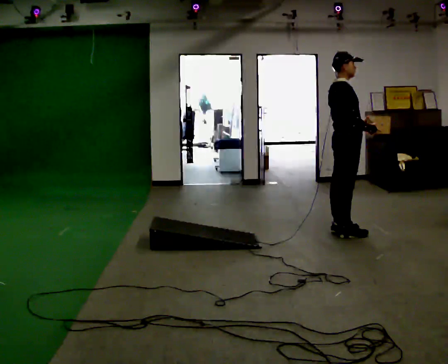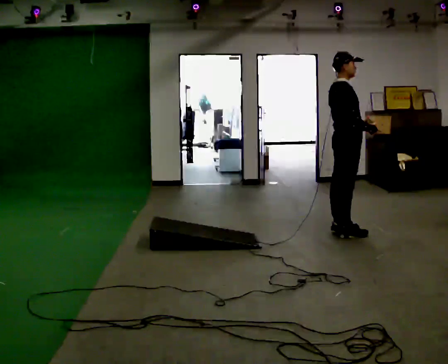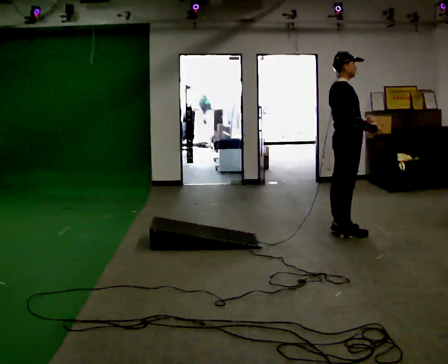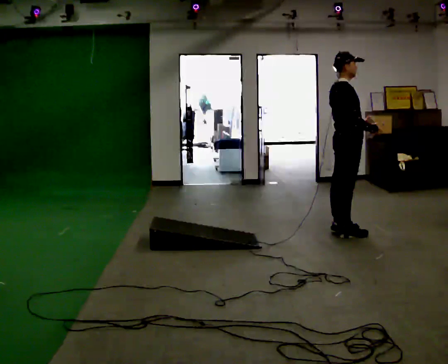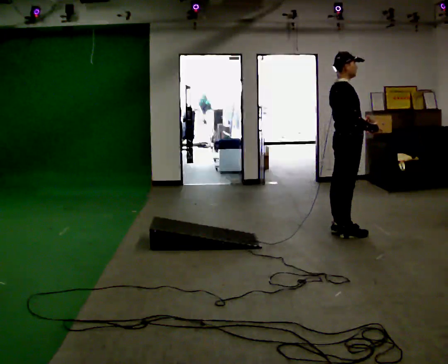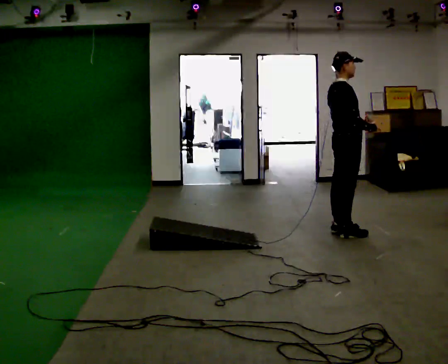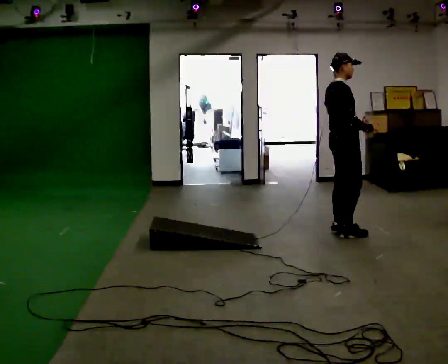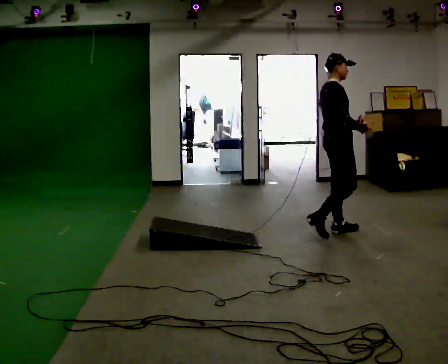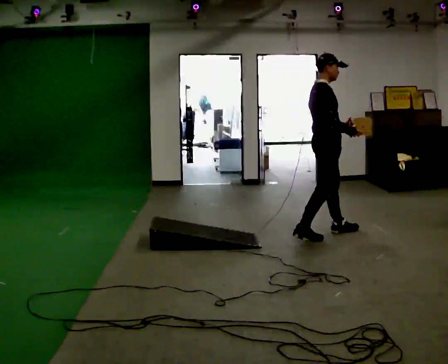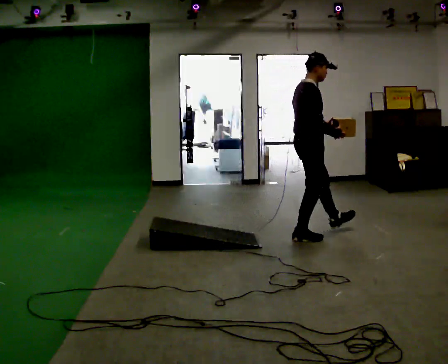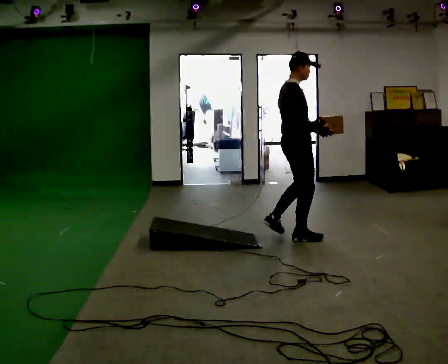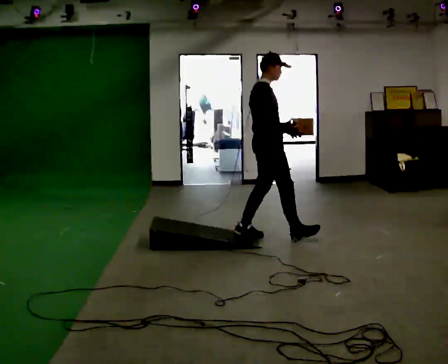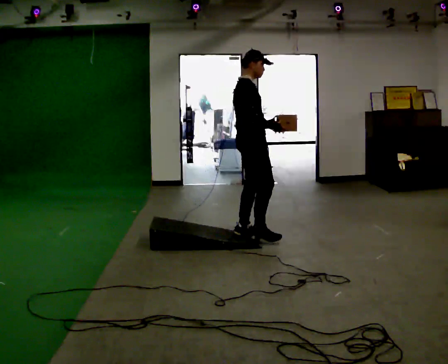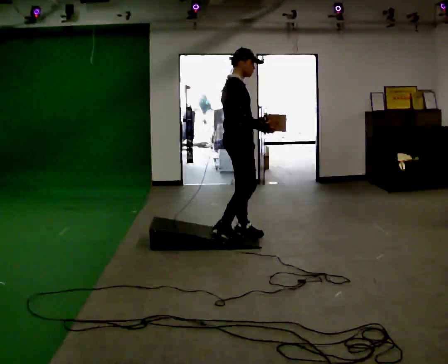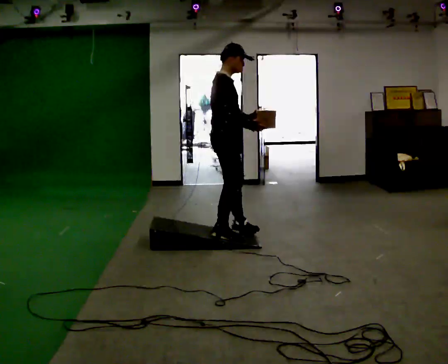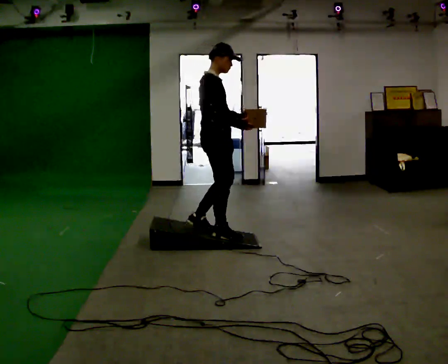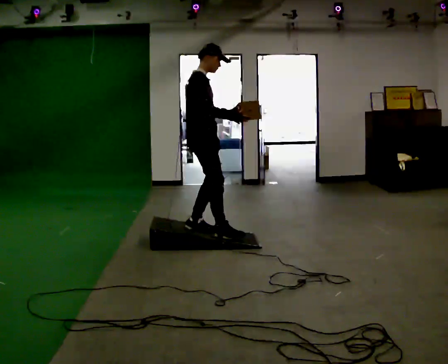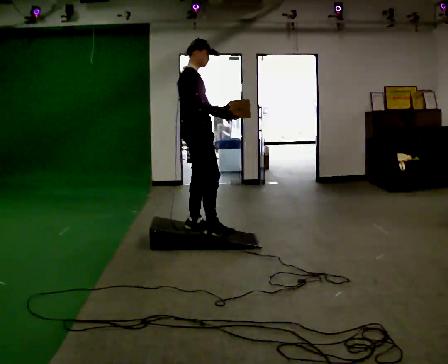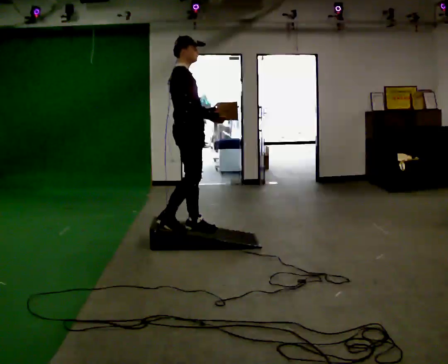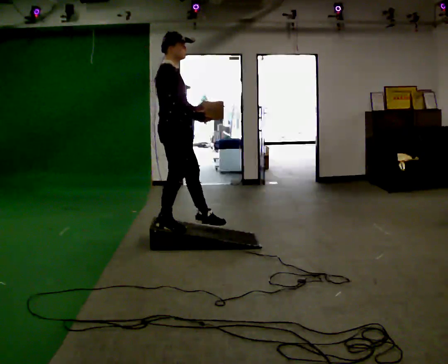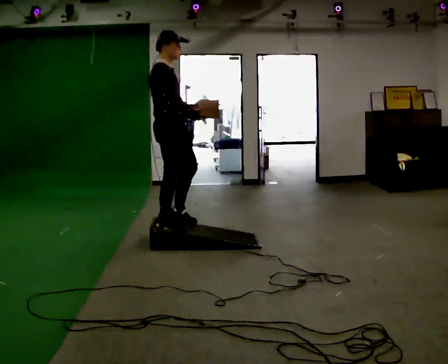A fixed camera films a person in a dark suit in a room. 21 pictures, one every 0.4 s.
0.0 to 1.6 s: The person keeps their place and pose.
1.6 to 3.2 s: In the picture they go to the left, about 0.25 m in 1 step, which for them is backward.
3.2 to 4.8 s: In the picture they go to the left, about 0.75 m in 2 steps, which for them is backward.
4.8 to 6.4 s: In the picture they go to the left and toward the camera, about 0.5 m in 1 step, which for them is backward.
6.4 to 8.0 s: In the picture they go to the left and toward the camera, about 0.25 m in 2 steps, which for them is backward and to their right.
The film runs backward here.
